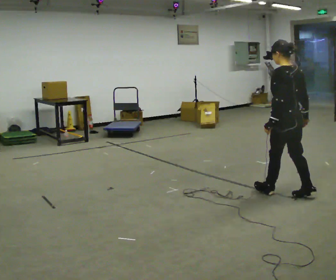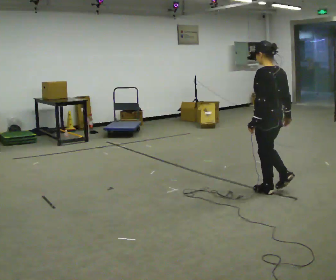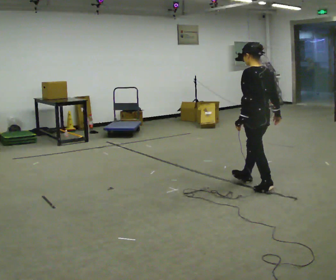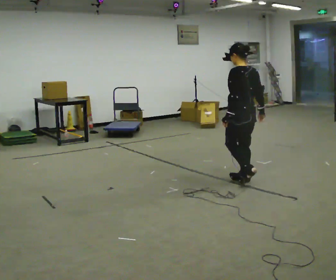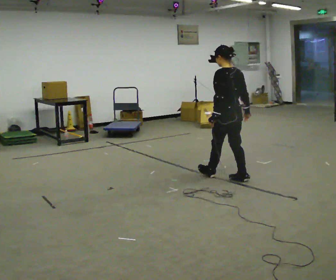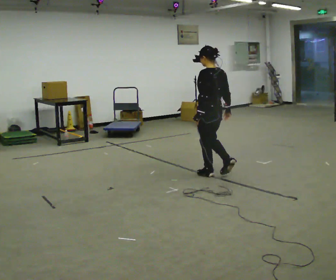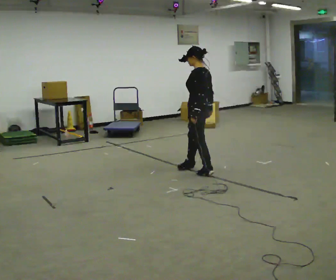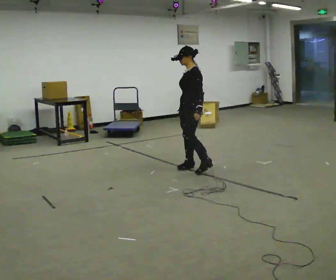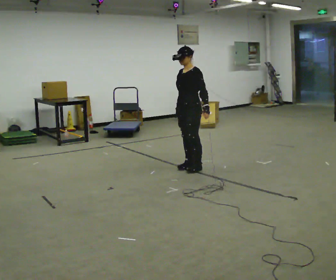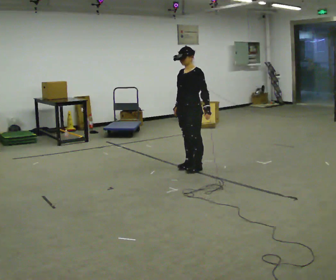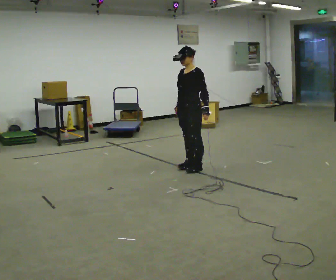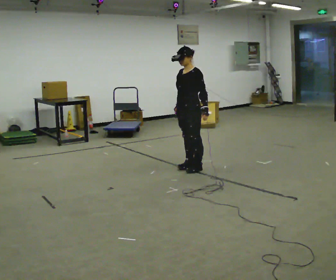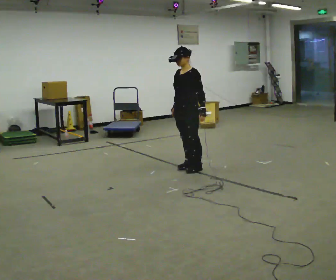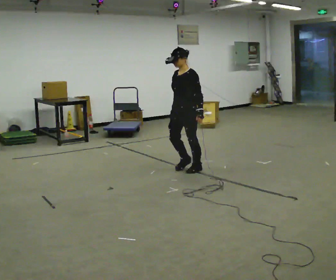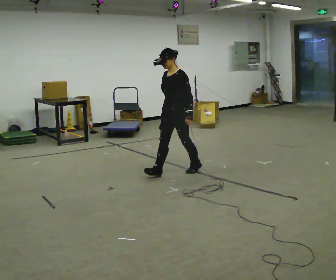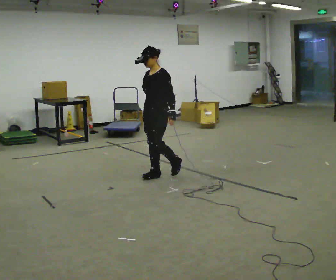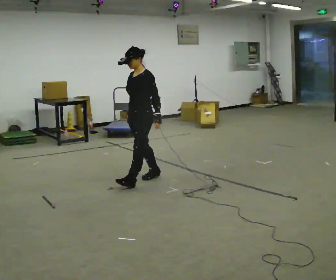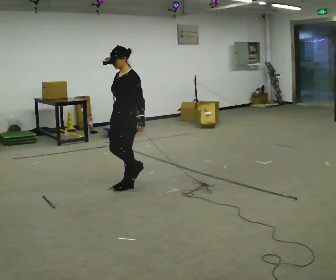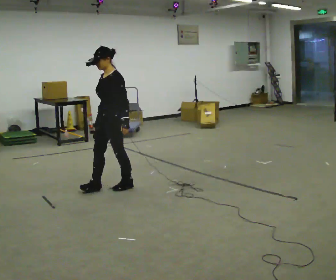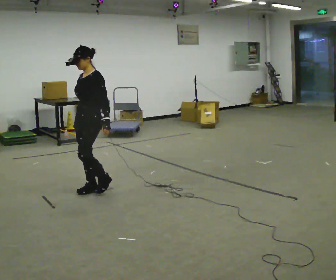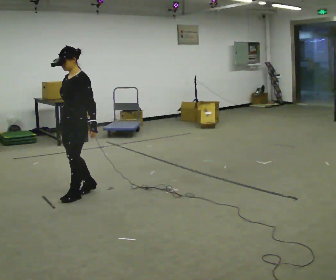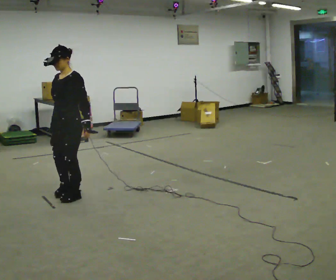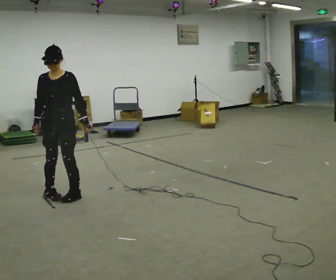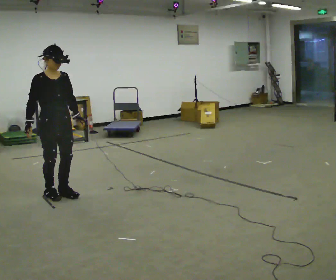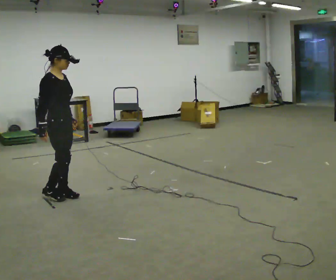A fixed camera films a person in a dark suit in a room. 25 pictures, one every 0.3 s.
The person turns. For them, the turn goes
to their left.
The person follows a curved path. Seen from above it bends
counterclockwise.
0.0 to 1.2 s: In the picture they go away from the camera and to the left, about 1 m in 1 step, which for them is forward.
1.2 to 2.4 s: The part of the body nearest the lens slides to the right as the person turns to their left by about 90 degrees. In the picture they go away from the camera and to the left, about 0.75 m in 3 steps.
2.4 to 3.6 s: The person moves a little, or ends about where they began.
3.6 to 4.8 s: In the picture they go to the left and toward the camera, about 0.75 m in 1 step, which for them is forward.
4.8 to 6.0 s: In the picture they go to the left and toward the camera, about 1 m in 3 steps, which for them is forward.
6.0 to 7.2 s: The person turns about 135 degrees to their left, counterclockwise seen from above, so the part of the body nearest the lens slides to the right. In the picture they go to the left, about 0.25 m in 2 steps. In the picture their left hand goes to the left.
The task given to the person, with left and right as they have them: Walk; stop fully; turn 90° left/right while standing; walk new direction.
The film runs forward here.
